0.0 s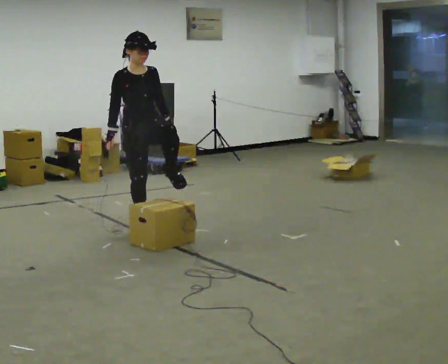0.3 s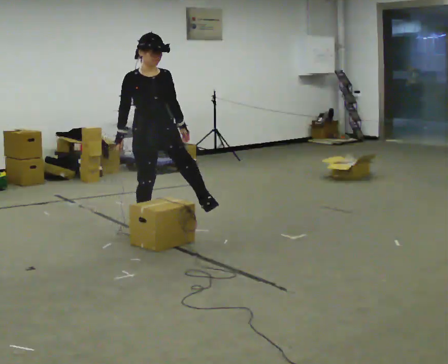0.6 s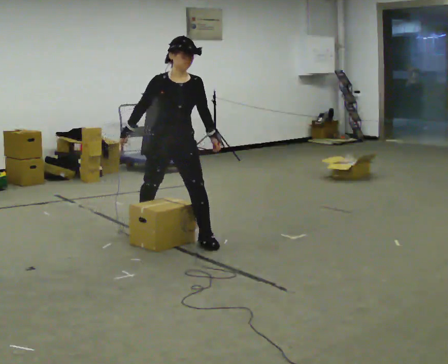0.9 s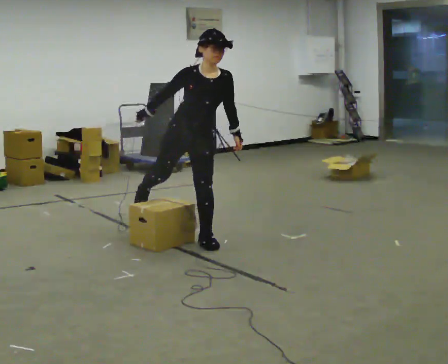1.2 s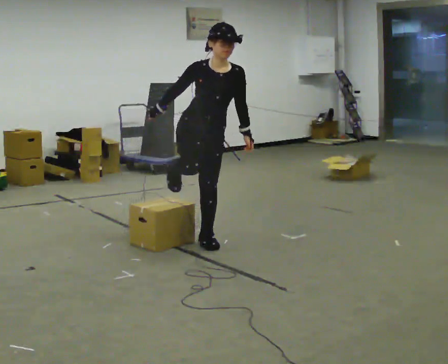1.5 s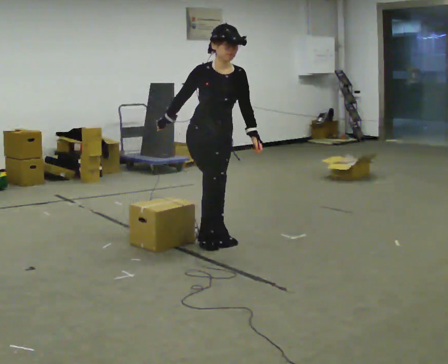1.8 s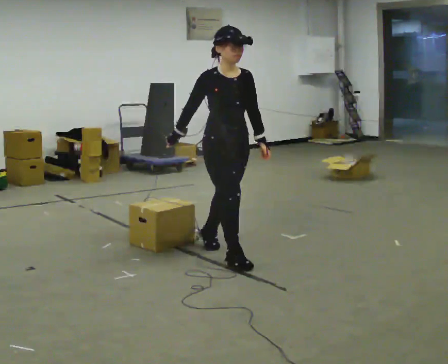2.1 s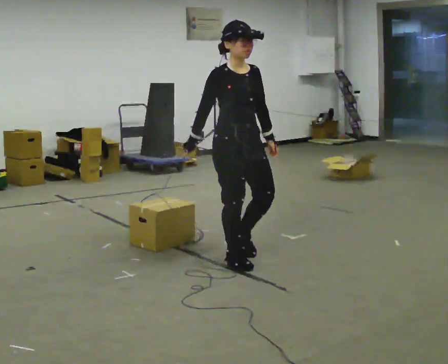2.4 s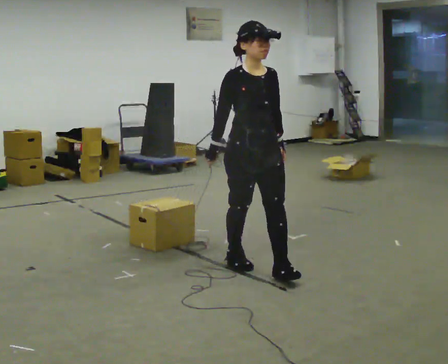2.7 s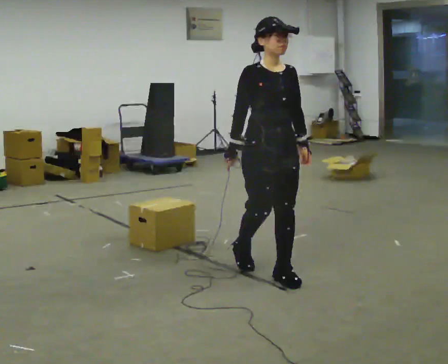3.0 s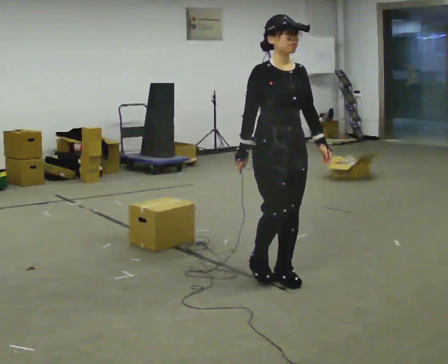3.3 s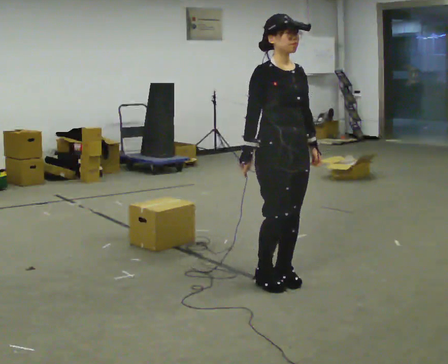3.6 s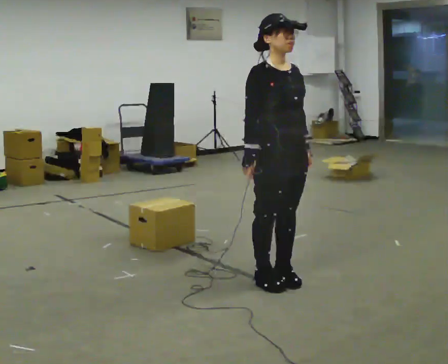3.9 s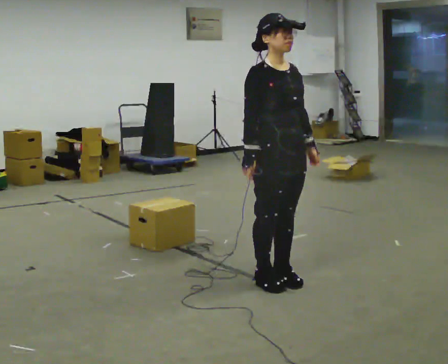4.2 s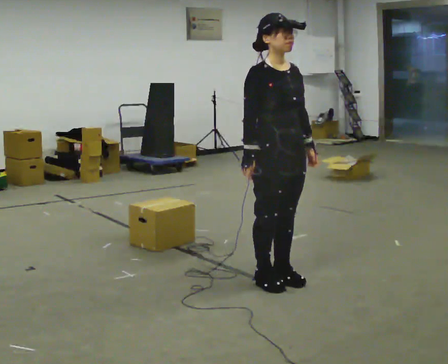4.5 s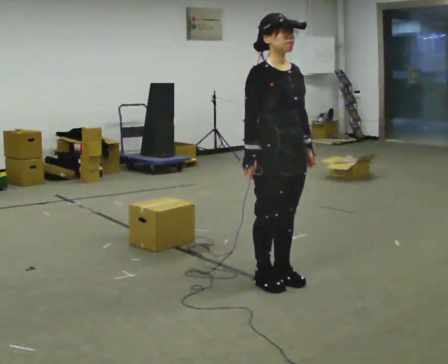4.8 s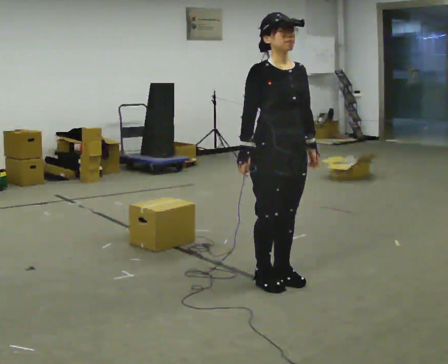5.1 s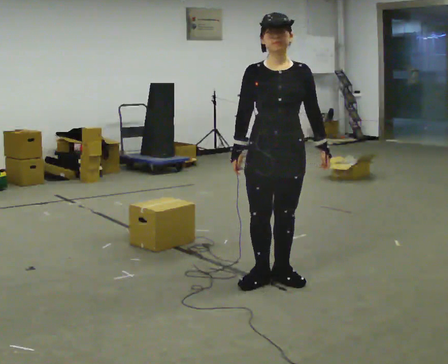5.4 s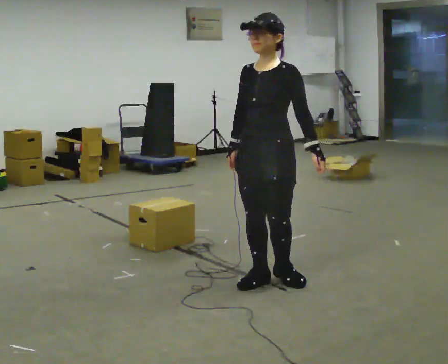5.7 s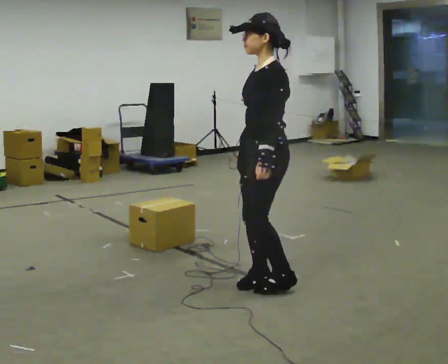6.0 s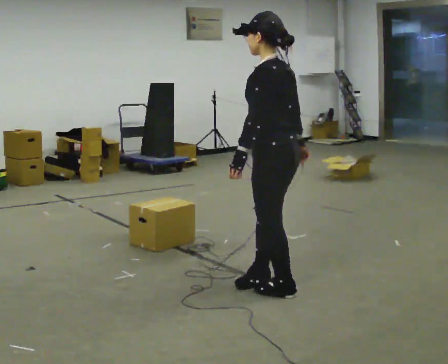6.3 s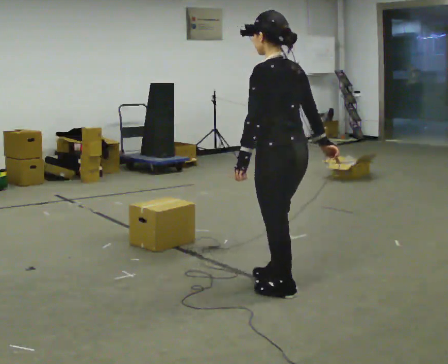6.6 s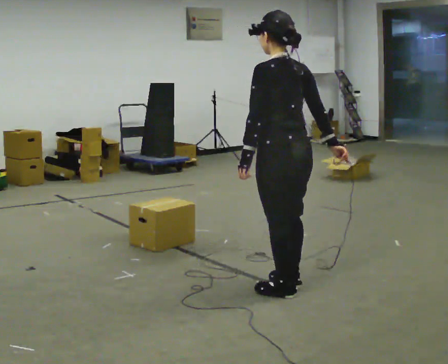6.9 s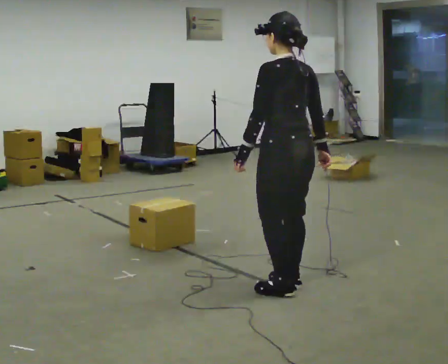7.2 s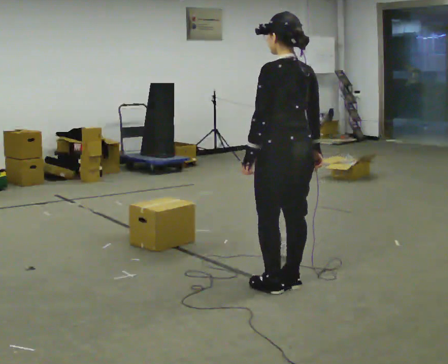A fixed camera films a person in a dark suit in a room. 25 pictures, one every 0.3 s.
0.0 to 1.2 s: In the picture they go to the right and toward the camera, about 0.75 m in 1 step, which for them is forward and to their left. In the picture the upper body tilts clockwise, shoulders to the right, as they bend forward.
1.2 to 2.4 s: In the picture they go toward the camera and to the right, about 0.75 m in 2 steps, which for them is forward. In the picture the upper body tilts counterclockwise, shoulders to the left, as they lean back or straighten.
2.4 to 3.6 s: In the picture they go toward the camera and to the right, about 0.25 m in 1 step, which for them is forward.
3.6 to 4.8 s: The person moves a little, or ends about where they began.
4.8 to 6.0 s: Seen from above the body turns clockwise, about 135 degrees: to their right, with its near side sliding to the left. In the picture they go toward the camera, about 0.25 m in 1 step. In the picture their right hand goes to the right.
6.0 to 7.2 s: The part of the body nearest the lens slides to the left as the person turns to their right by about 30 degrees.
The film runs forward here.
